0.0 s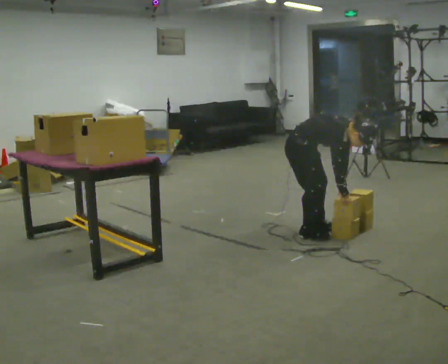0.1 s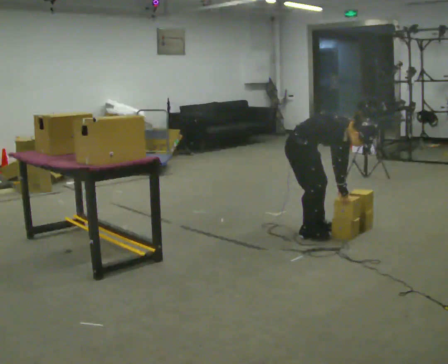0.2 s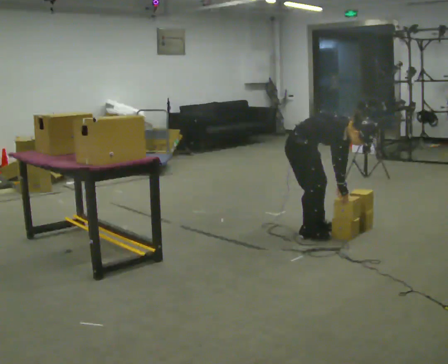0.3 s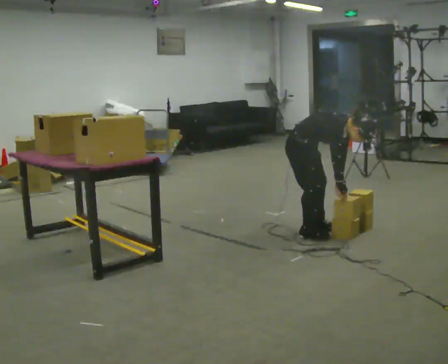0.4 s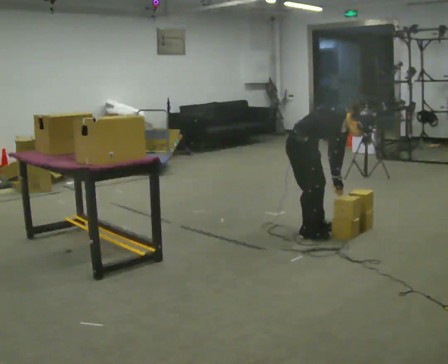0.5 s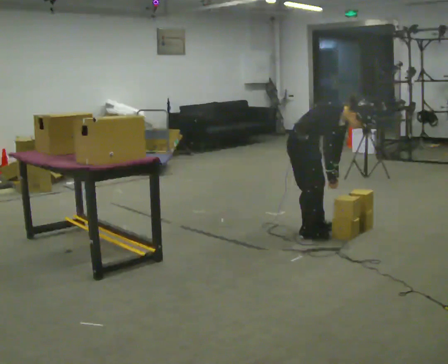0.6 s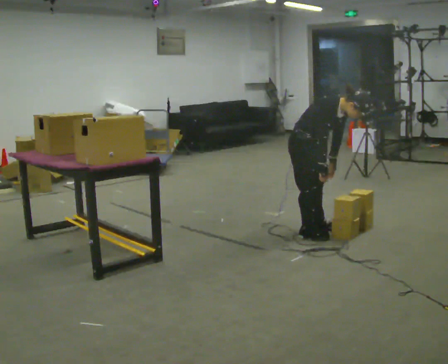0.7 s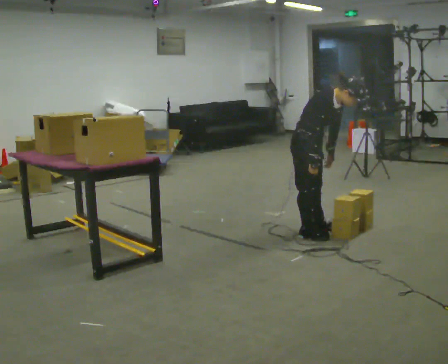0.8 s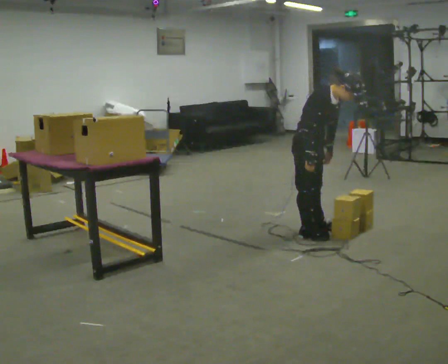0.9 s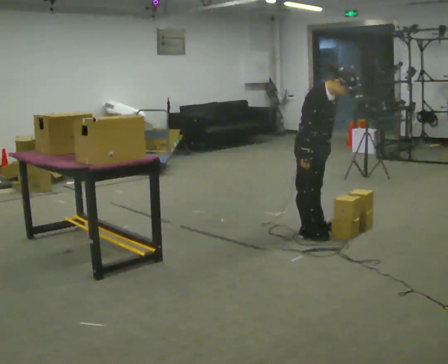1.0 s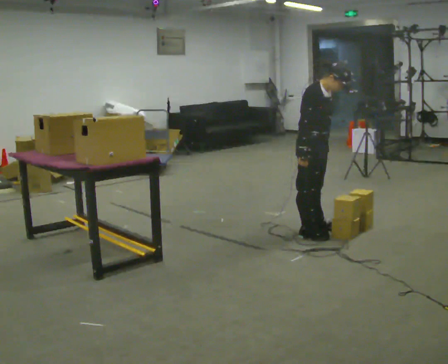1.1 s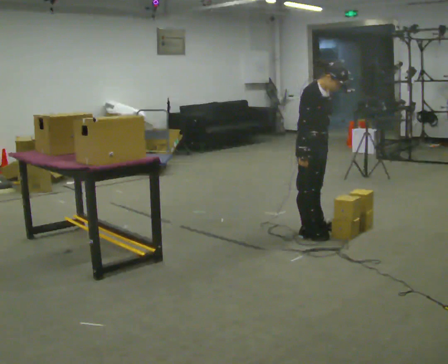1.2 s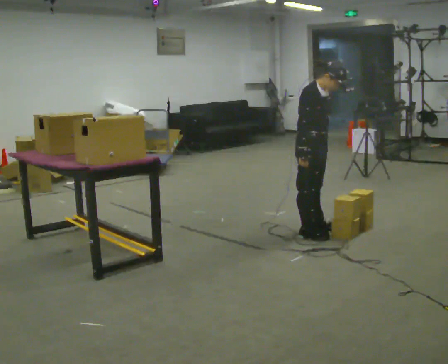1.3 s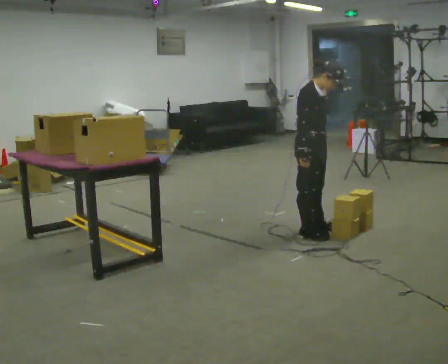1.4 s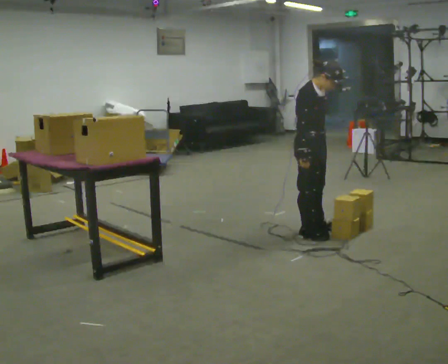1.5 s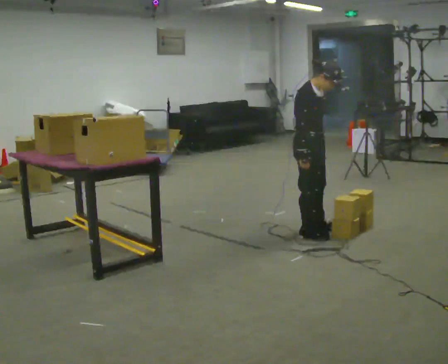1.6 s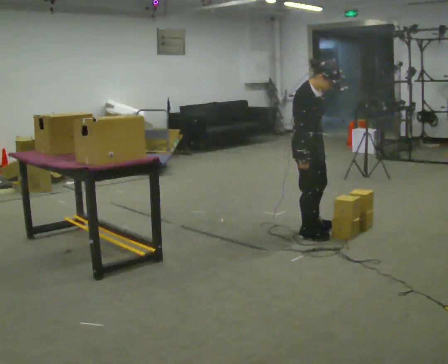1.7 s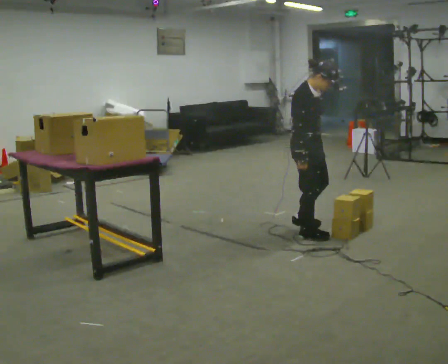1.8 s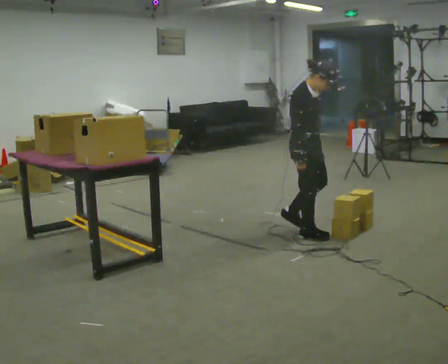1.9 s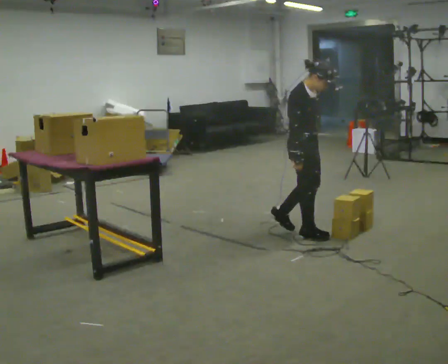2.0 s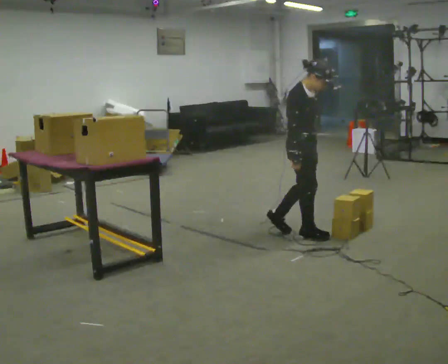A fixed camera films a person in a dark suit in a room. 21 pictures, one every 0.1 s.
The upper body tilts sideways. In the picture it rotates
counterclockwise.
The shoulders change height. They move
upward.
0.0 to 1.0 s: The shoulders move upward. In the picture the upper body tilts counterclockwise, shoulders to the left, as they lean back or straighten. In the picture their right hand goes to the left.
1.0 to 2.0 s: The person moves a little, or ends about where they began.
The film runs backward here.
